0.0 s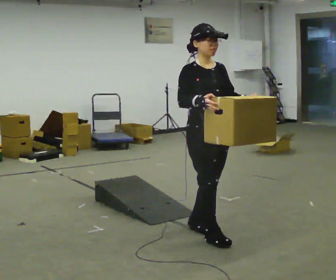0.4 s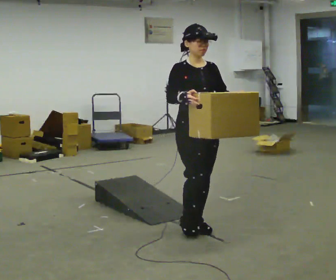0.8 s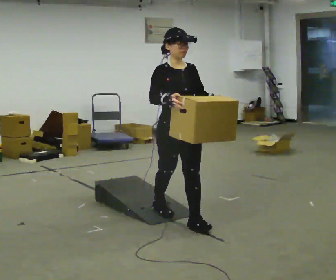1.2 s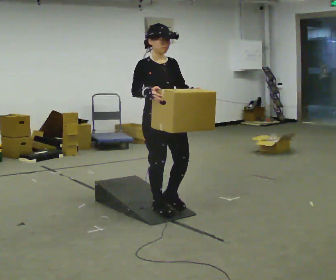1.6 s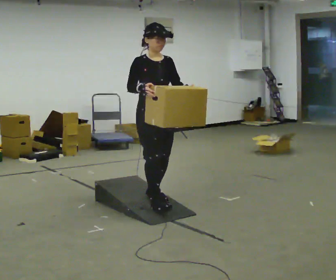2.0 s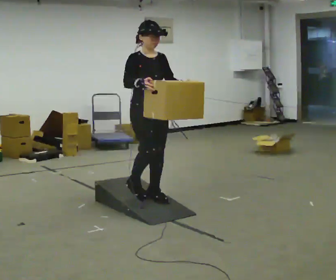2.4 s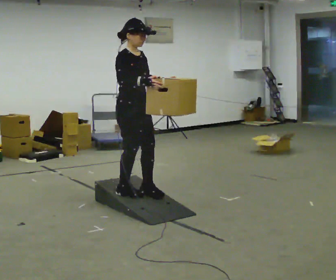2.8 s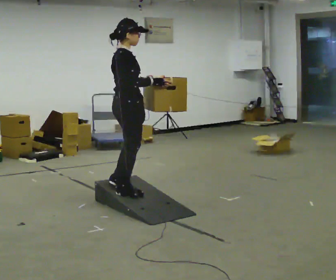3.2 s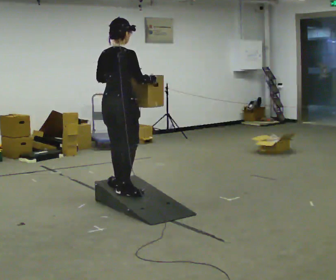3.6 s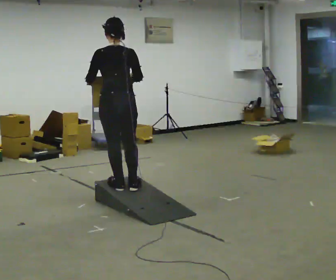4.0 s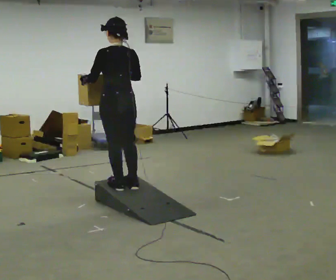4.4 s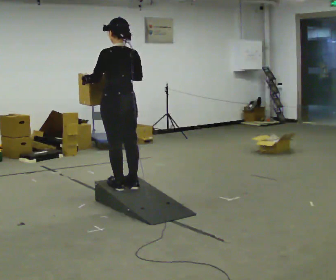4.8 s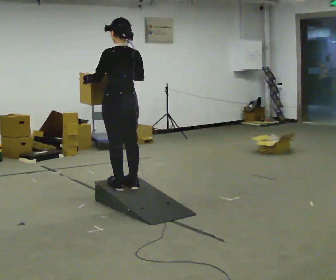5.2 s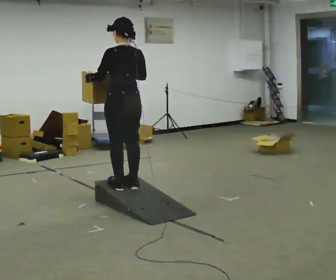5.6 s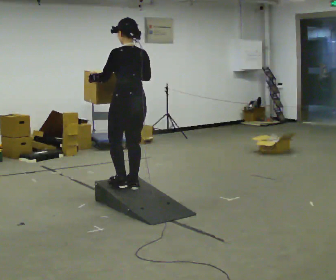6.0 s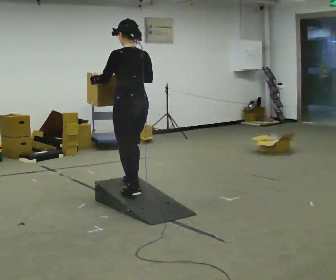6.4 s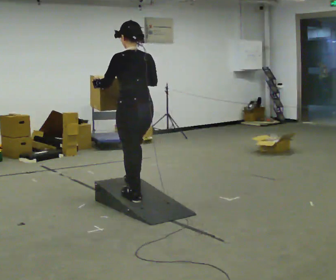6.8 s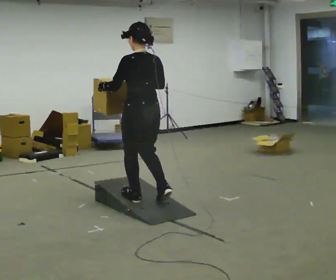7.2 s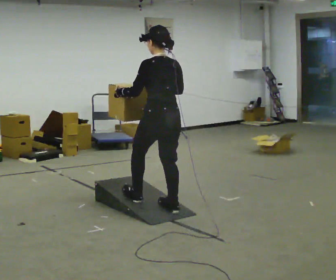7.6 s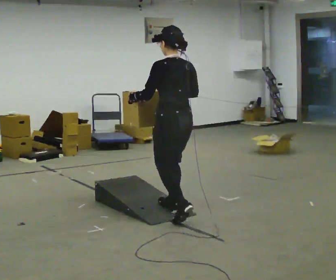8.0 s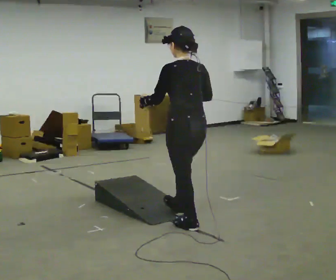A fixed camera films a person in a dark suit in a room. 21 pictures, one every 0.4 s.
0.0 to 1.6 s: In the picture they go away from the camera and to the left, about 1 m in 2 steps, which for them is backward.
1.6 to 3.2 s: Seen from above the body turns counterclockwise, about 105 degrees: to their left, with its near side sliding to the right. In the picture they go to the left and away from the camera, about 0.25 m in 2 steps.
3.2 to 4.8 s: The part of the body nearest the lens slides to the right as the person turns to their left by about 75 degrees.
4.8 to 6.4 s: In the picture they go toward the camera, about 0.25 m in 2 steps, which for them is backward.
6.4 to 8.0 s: In the picture they go toward the camera and to the right, about 0.75 m in 2 steps, which for them is backward.
The film runs backward here.
